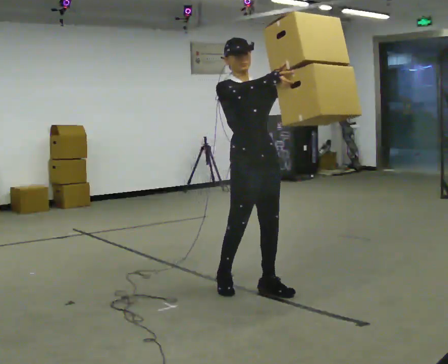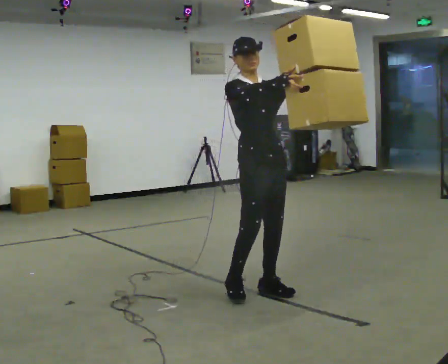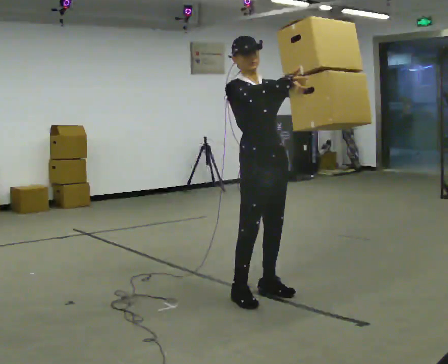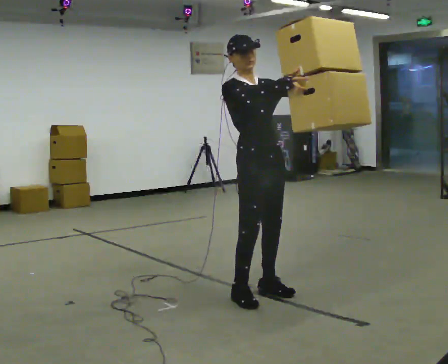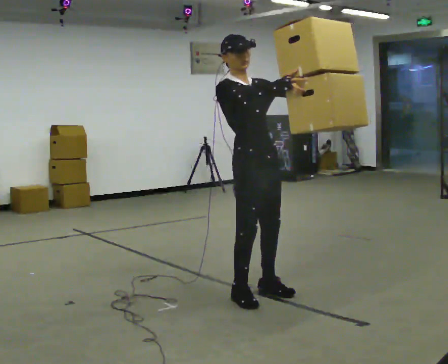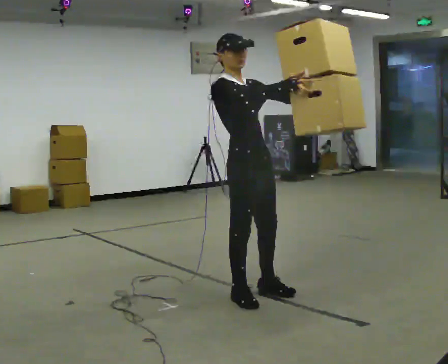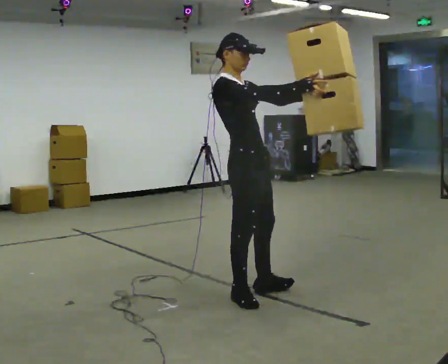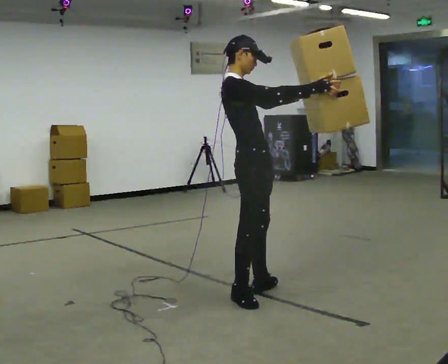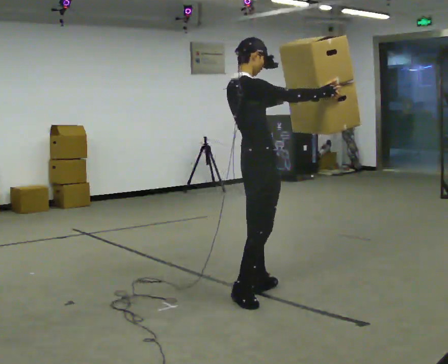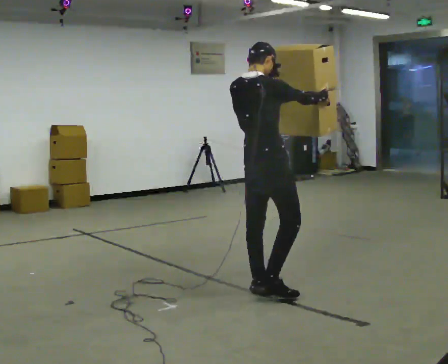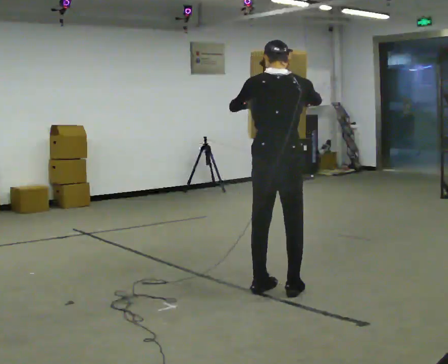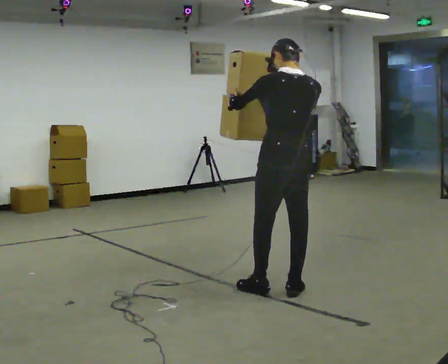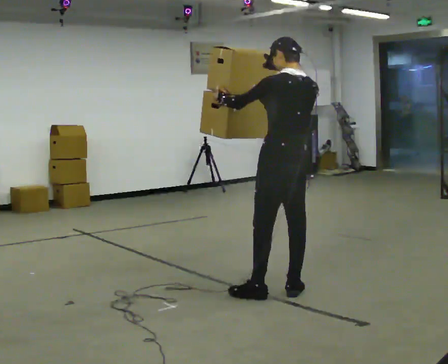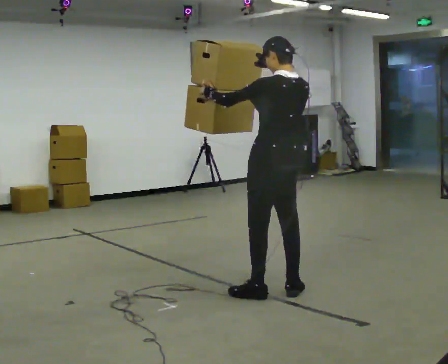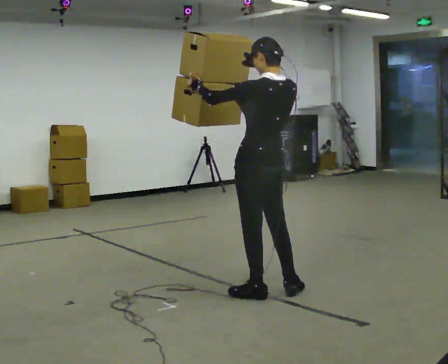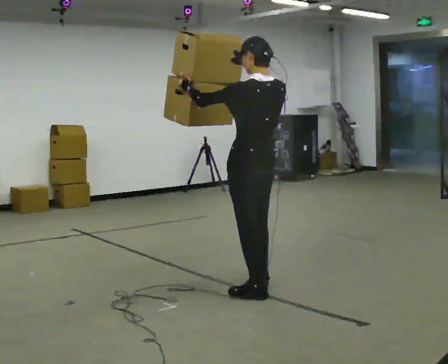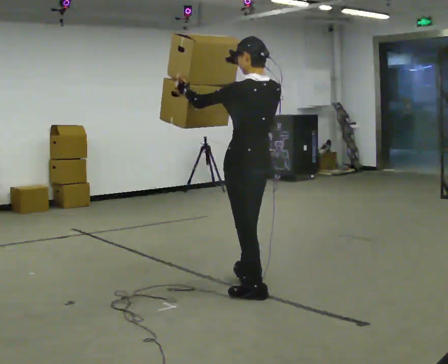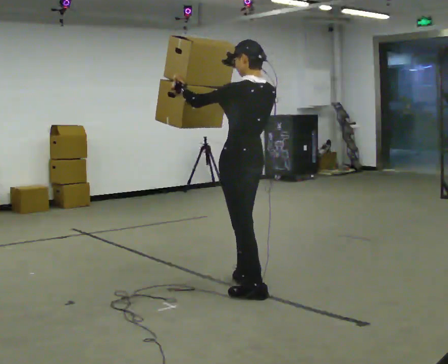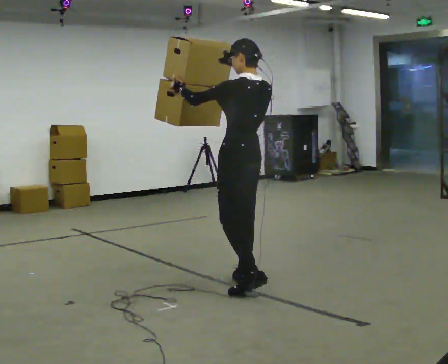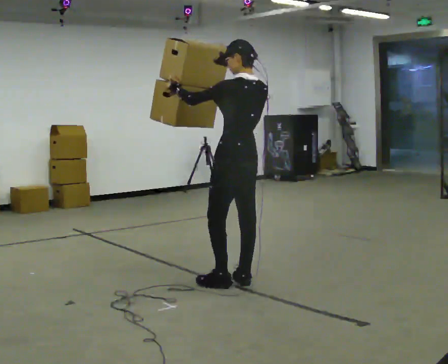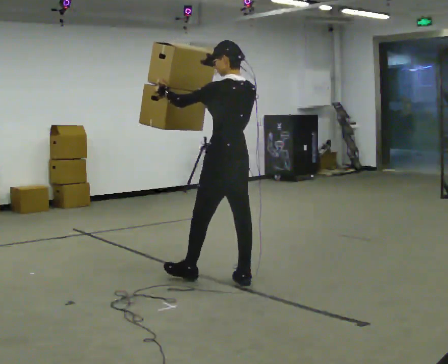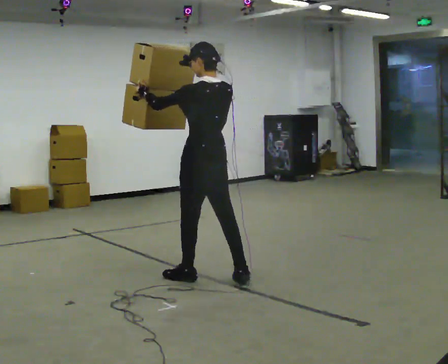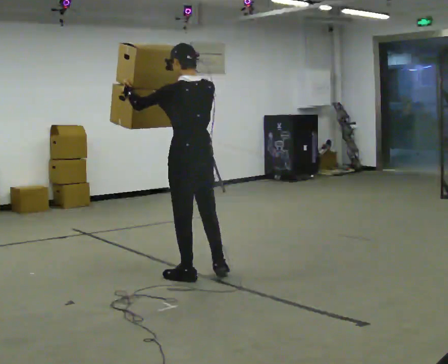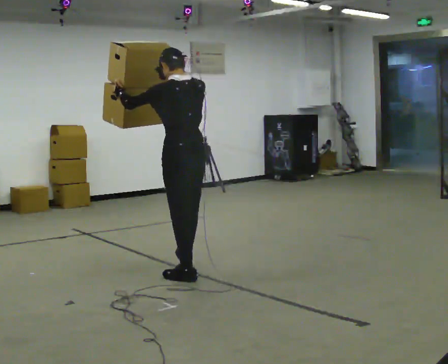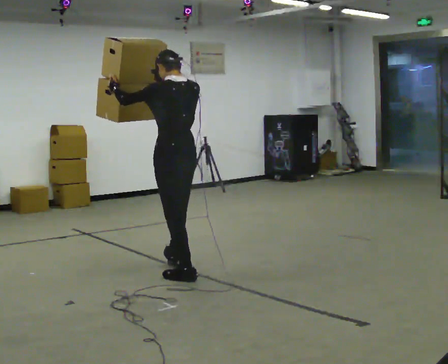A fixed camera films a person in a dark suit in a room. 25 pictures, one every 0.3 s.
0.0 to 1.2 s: The person moves a little, or ends about where they began.
1.2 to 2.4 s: The part of the body nearest the lens slides to the right as the person turns to their left by about 60 degrees.
2.4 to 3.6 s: The person turns about 105 degrees to their left, counterclockwise seen from above, so the part of the body nearest the lens slides to the right. In the picture they go to the right, about 0.25 m in 2 steps. In the picture the upper body tilts clockwise, shoulders to the right. In the picture their right hand goes to the left.
3.6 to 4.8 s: In the picture they go to the left, about 0.25 m in 1 step, which for them is to their left and forward.
4.8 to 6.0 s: In the picture they go away from the camera and to the left, about 0.25 m in 1 step, which for them is forward.
6.0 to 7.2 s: In the picture they go to the left, about 0.5 m, which for them is forward and to their left.
The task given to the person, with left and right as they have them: Carry the large panel across the room. It will block your view ahead, so take whatever route feels safe. Keep going until the operator says stop; one object at a time, and do not rush between trips.
The film runs forward here.
